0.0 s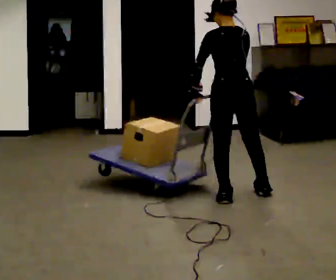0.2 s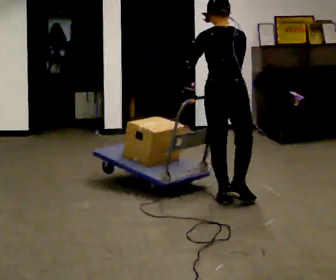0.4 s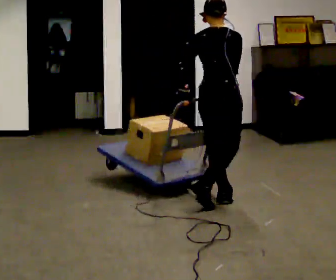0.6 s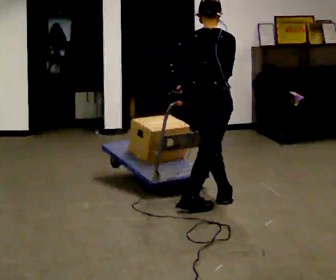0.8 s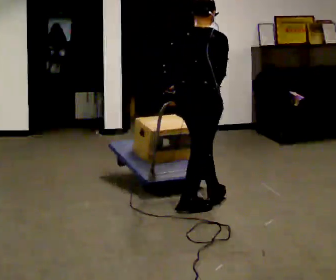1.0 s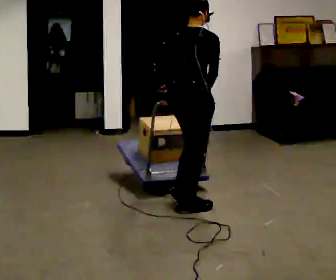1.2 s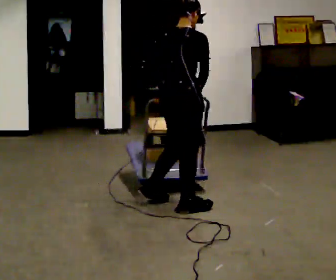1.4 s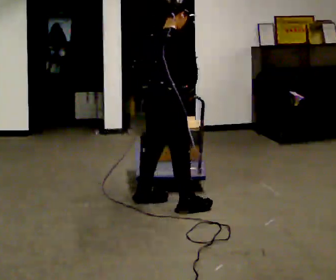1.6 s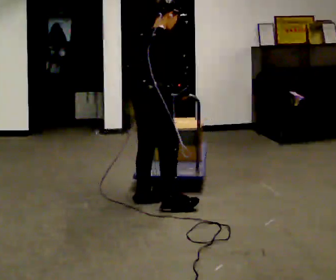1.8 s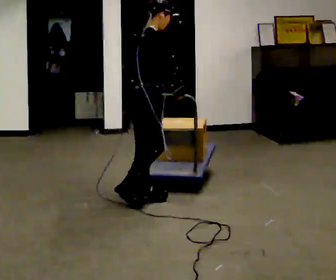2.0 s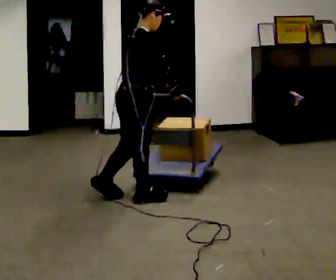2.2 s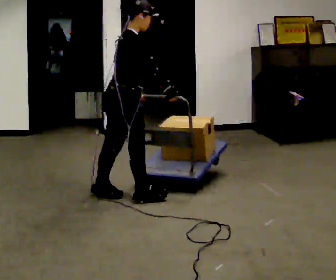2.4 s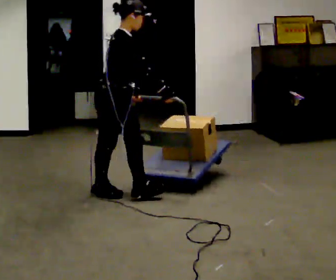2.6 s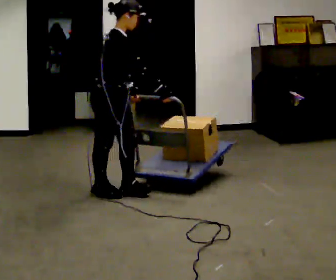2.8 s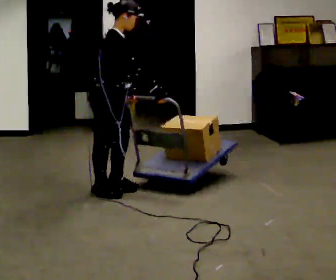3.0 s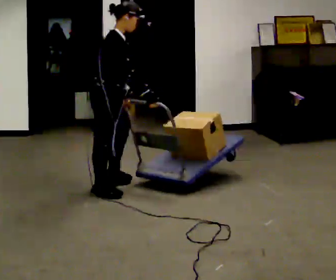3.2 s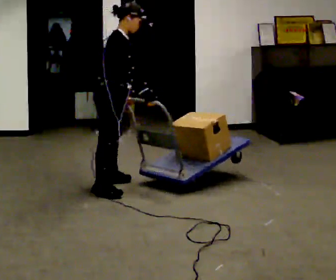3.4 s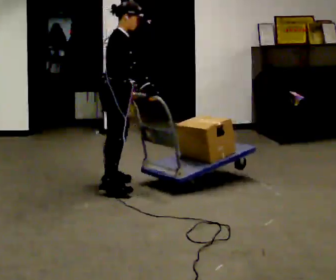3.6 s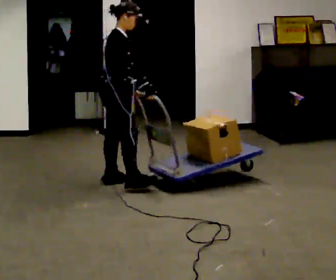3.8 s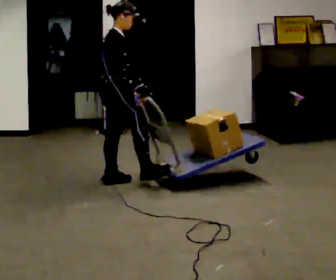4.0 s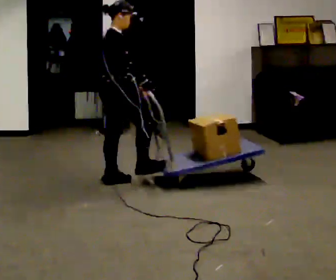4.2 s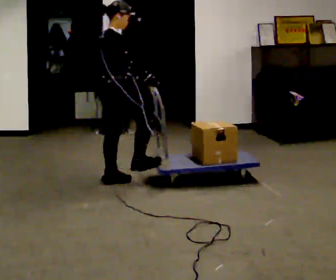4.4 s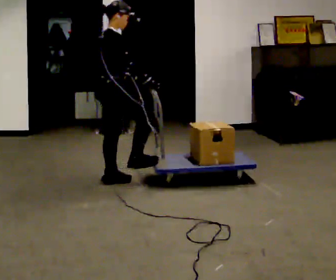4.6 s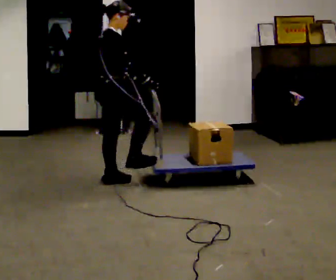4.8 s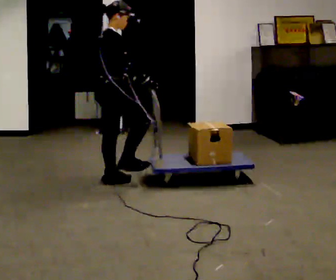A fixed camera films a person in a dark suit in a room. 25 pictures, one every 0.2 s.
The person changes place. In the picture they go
to the left.
The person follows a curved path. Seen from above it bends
clockwise.
0.0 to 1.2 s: The part of the body nearest the lens slides to the left as the person turns to their right by about 45 degrees. In the picture they go to the left and toward the camera, about 0.5 m in 1 step, which for them is backward and to their left.
1.2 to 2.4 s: The person turns about 45 degrees to their right, clockwise seen from above, so the part of the body nearest the lens slides to the left. In the picture they go to the left and away from the camera, about 0.5 m in 2 steps, which for them is backward and to their left.
2.4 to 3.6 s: In the picture they go away from the camera, about 0.5 m in 1 step, which for them is to their left.
3.6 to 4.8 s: The person moves a little, or ends about where they began.
The film runs backward here.
